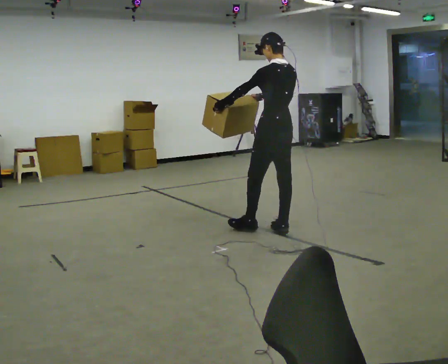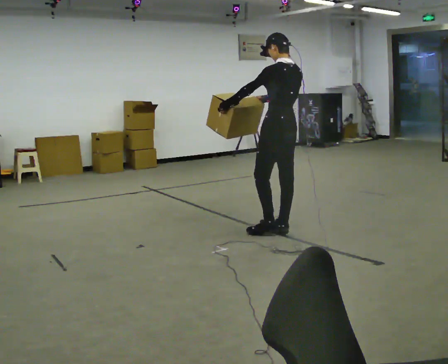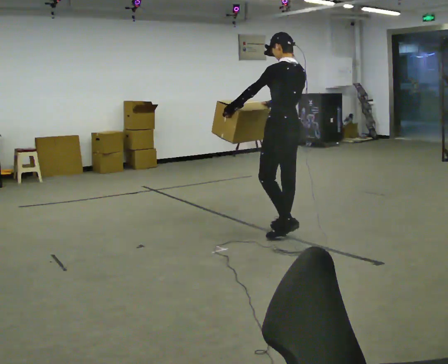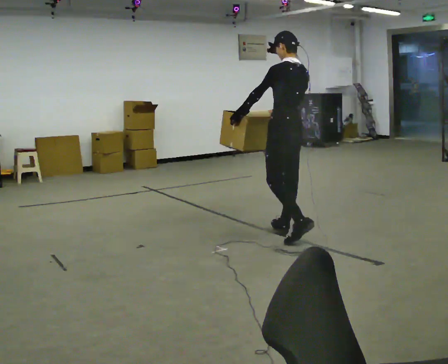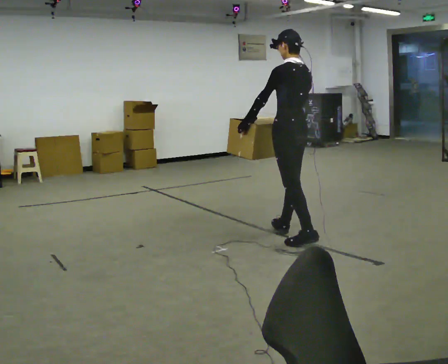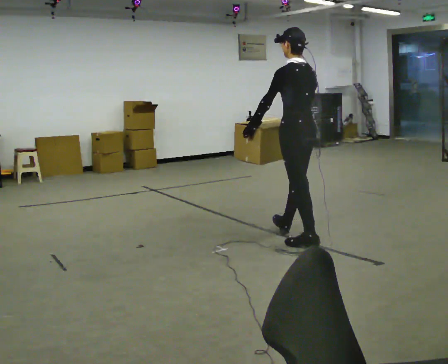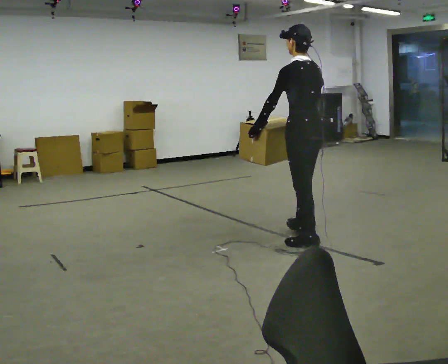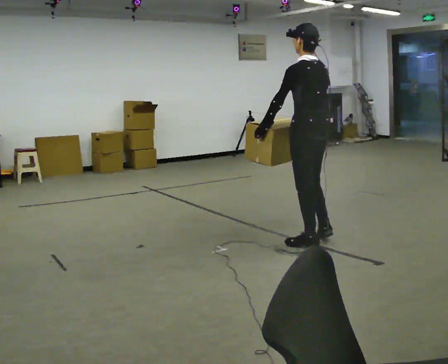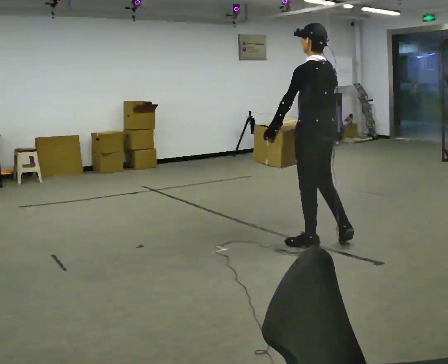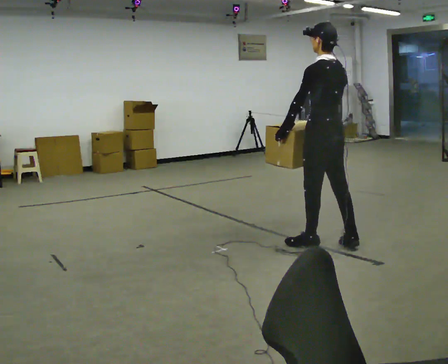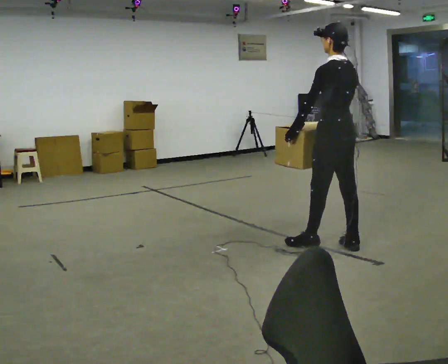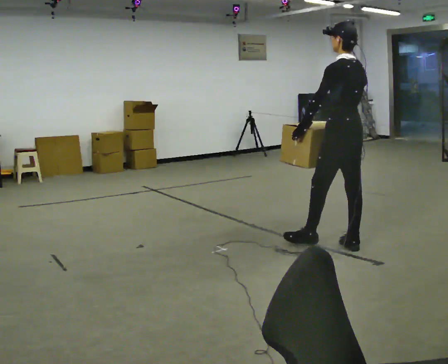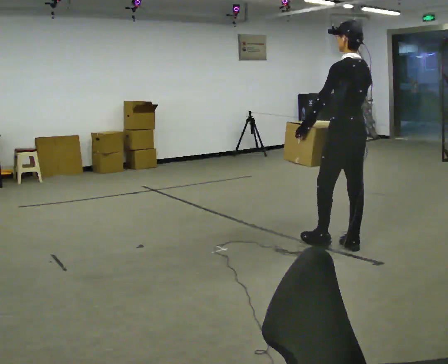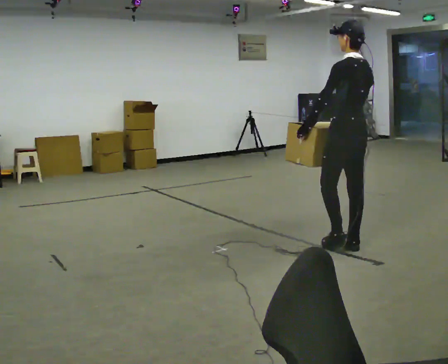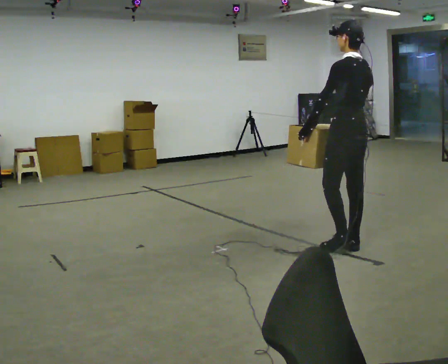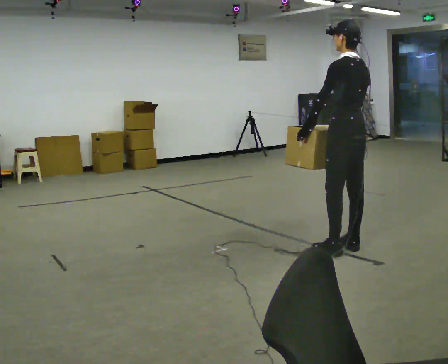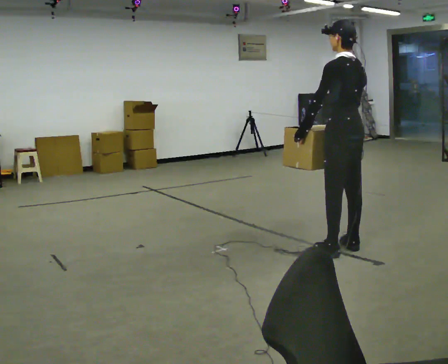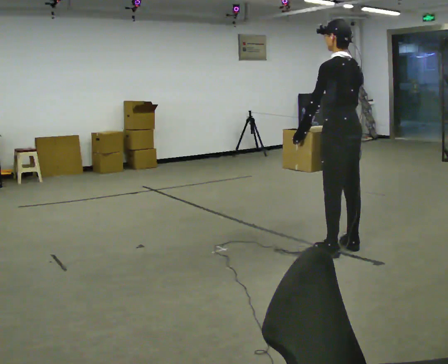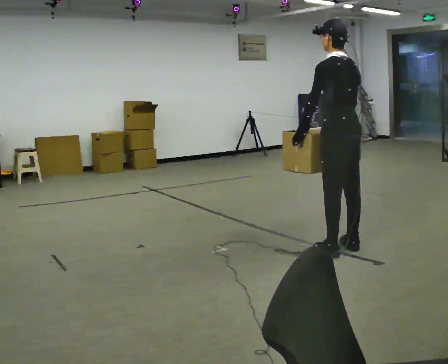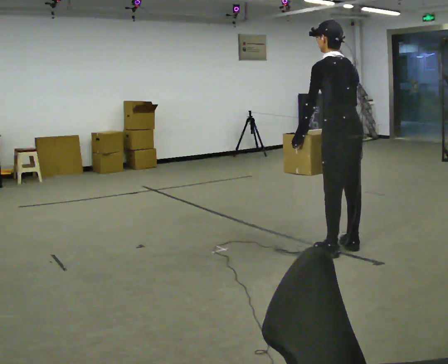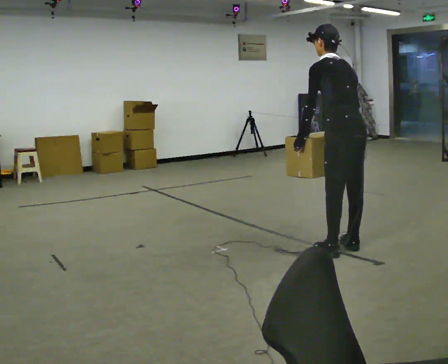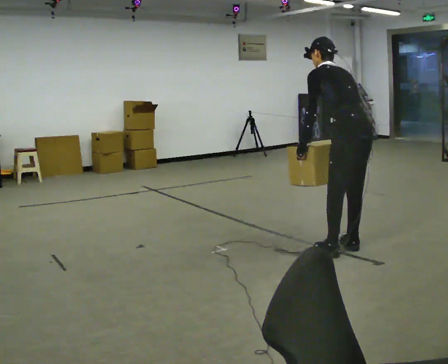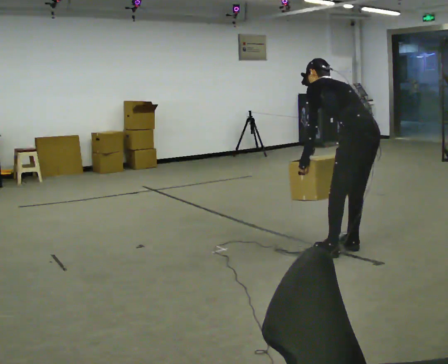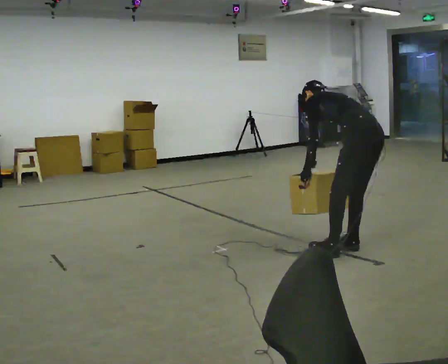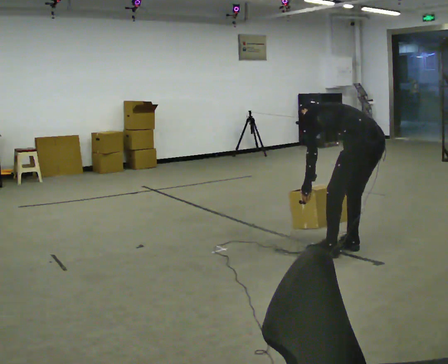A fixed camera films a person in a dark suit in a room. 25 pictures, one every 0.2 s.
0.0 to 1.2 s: In the picture they go toward the camera and to the right, about 0.5 m in 1 step, which for them is backward.
1.2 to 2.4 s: In the picture they go to the right, about 0.25 m in 1 step, which for them is backward and to their right.
2.4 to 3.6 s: The person moves a little, or ends about where they began.
3.6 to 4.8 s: In the picture they go to the right, about 0.25 m, which for them is backward. The shoulders move downward. The upper body tips away from the camera, its near side rolling upward, as they bend forward. In the picture their right hand goes downward.
The film runs backward here.
